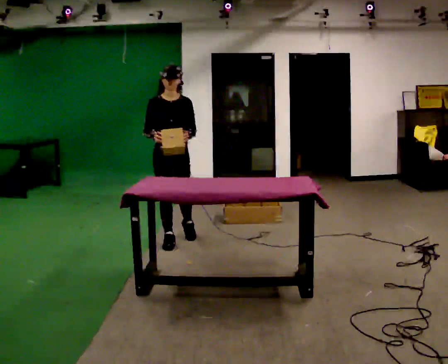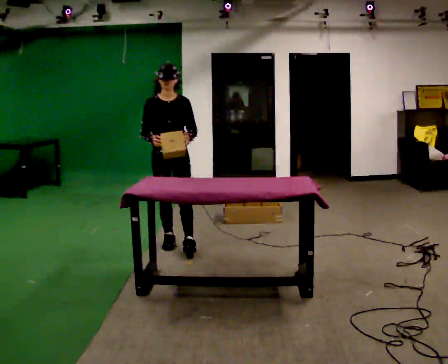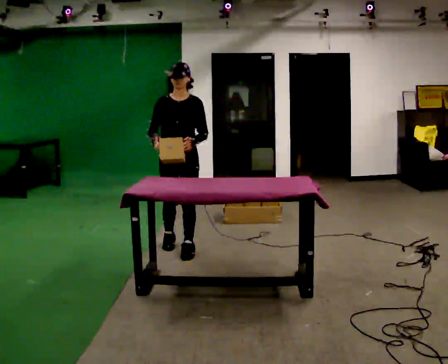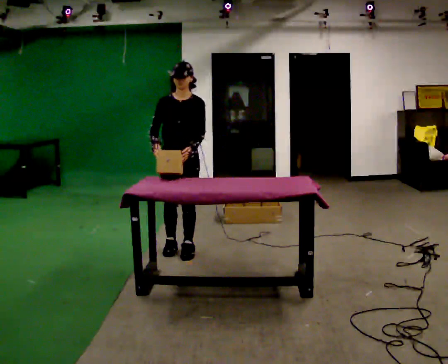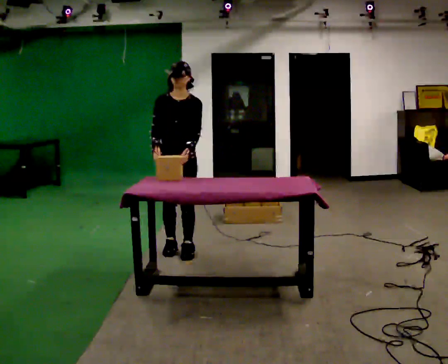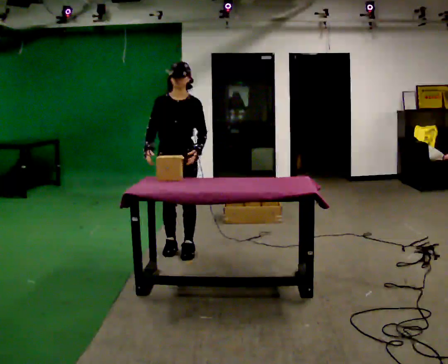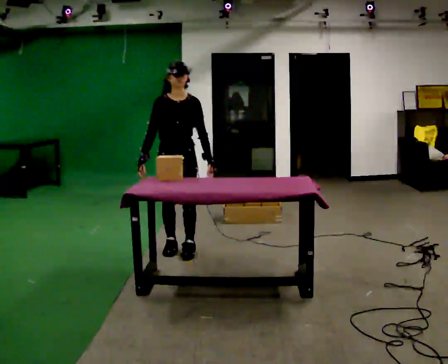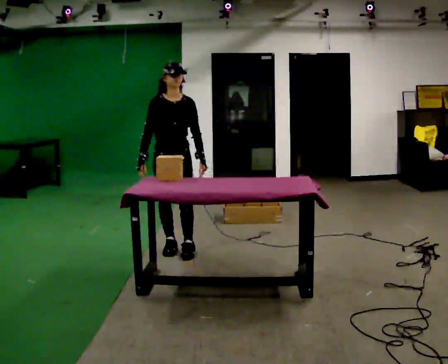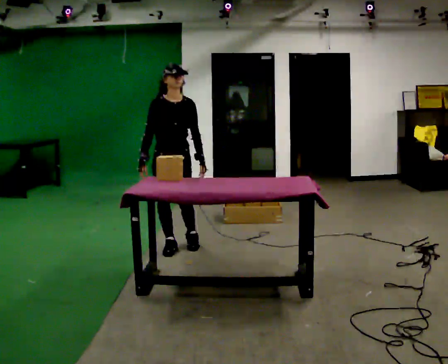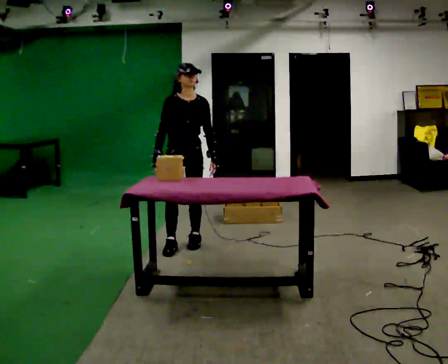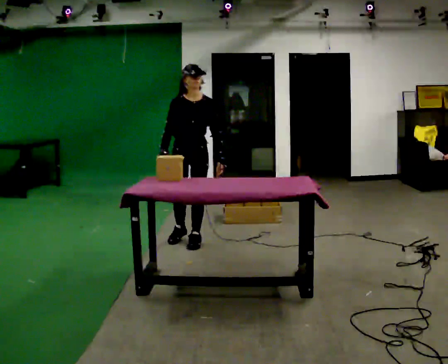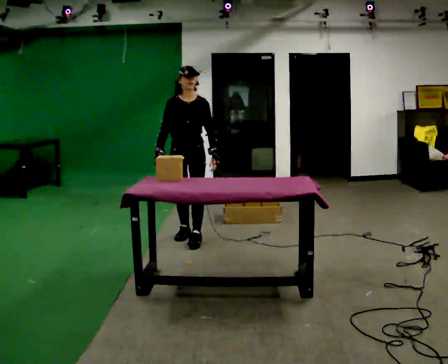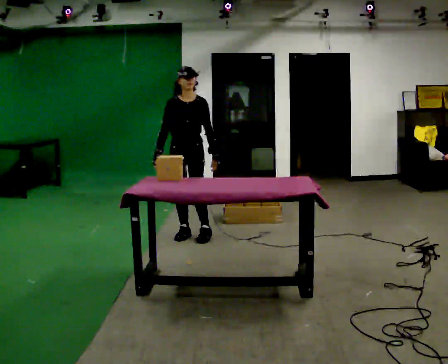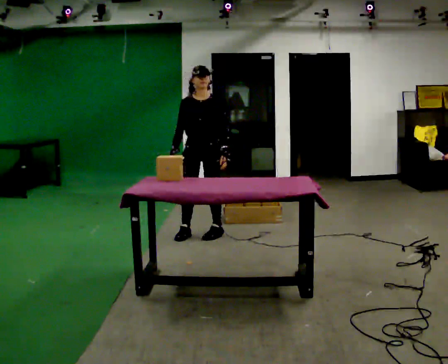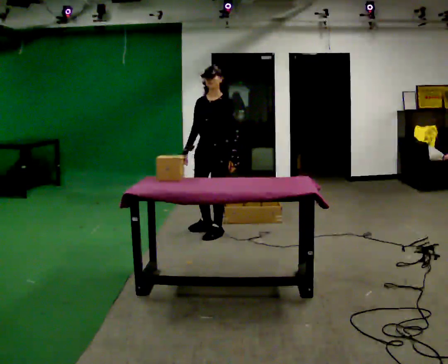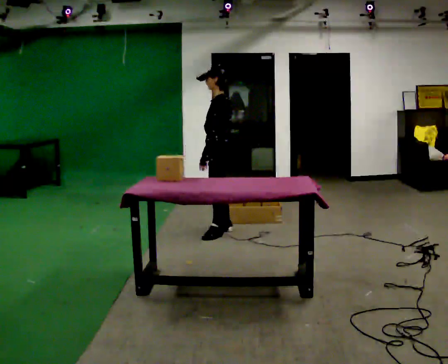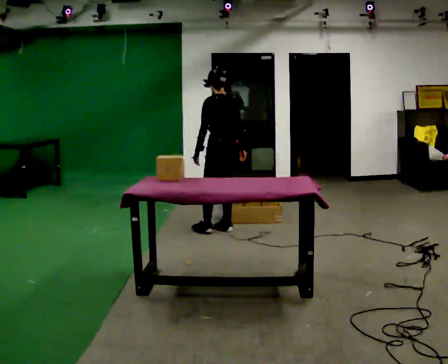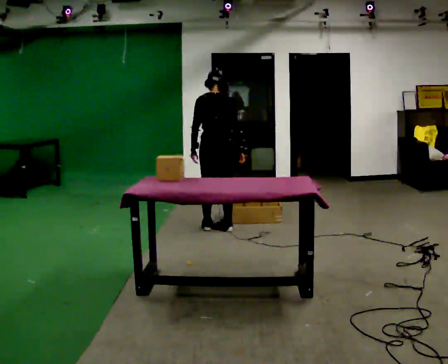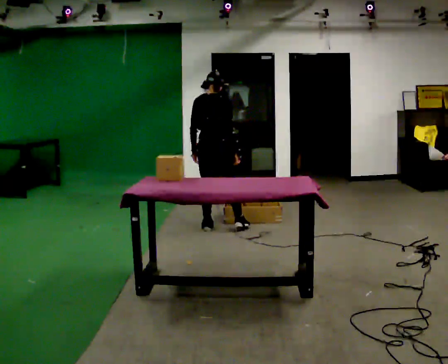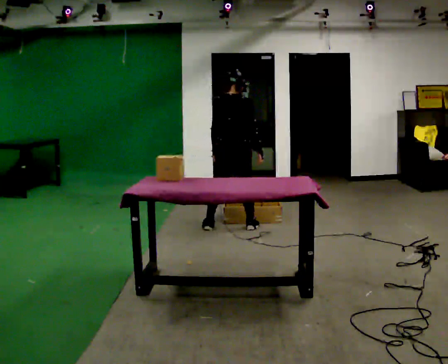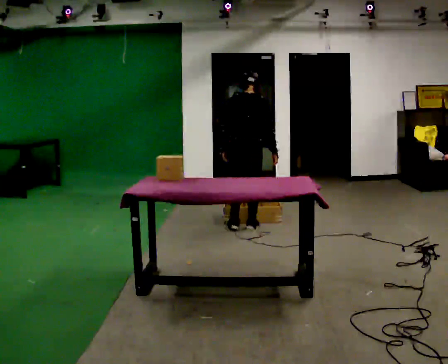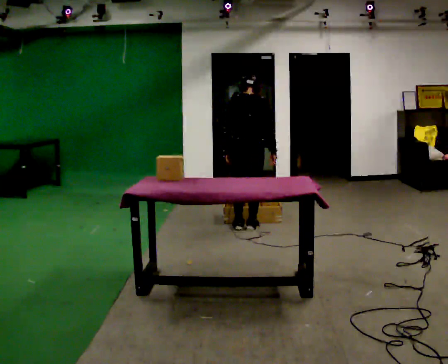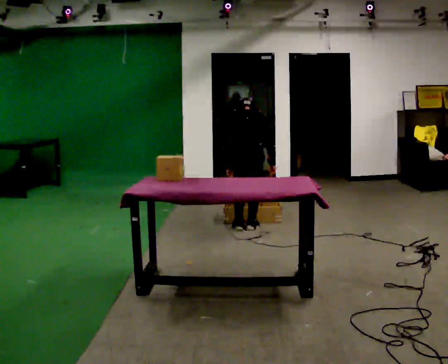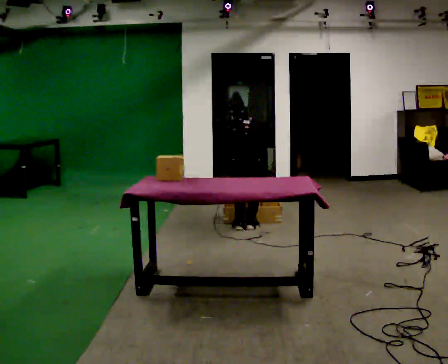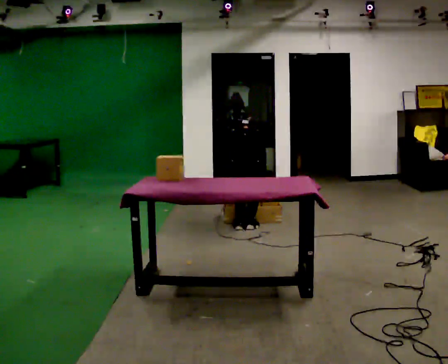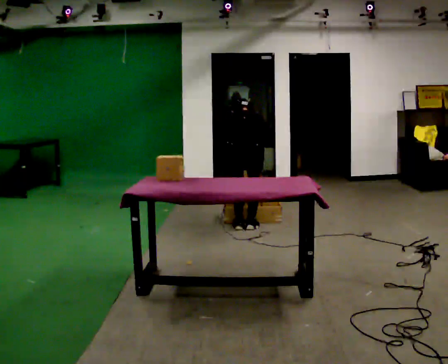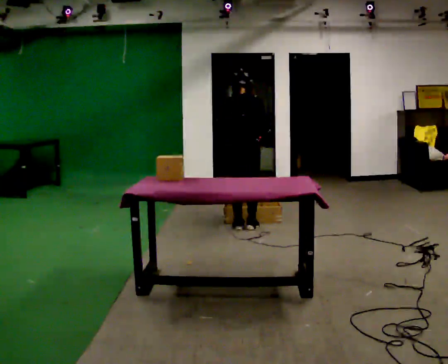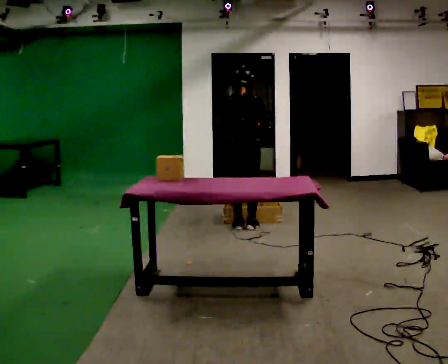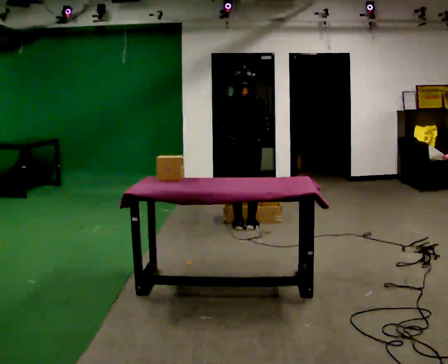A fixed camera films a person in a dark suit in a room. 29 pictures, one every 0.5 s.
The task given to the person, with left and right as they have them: Reach down into the deep bin on the floor, take out one object at a time, carry it to the shelf, and come back for the next one. Keep going until the operator says stop; one object at a time, and do not rush between trips.
0.0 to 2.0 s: In the picture they go toward the camera, about 0.25 m in 2 steps, which for them is forward and to their left.
2.0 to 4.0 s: The person moves a little, or ends about where they began.
4.0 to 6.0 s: In the picture they go away from the camera, about 0.5 m in 2 steps, which for them is backward.
6.0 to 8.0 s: Seen from above the body turns clockwise, about 135 degrees: to their right, with its near side sliding to the left. In the picture they go to the right and away from the camera, about 0.5 m in 2 steps.
8.0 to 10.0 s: The part of the body nearest the lens slides to the left as the person turns to their right by about 45 degrees. In the picture they go to the right, about 0.25 m in 2 steps. In the picture their right hand goes to the right.
10.0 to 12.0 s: The upper body goes downward. The upper body tips away from the camera, its near side rolling upward, as they bend forward. In the picture their left hand goes downward.
12.0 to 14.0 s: In the picture they go away from the camera, about 0.25 m, which for them is forward. The upper body goes upward. The upper body tips toward the camera, its near side rolling downward, as they lean back or straighten. In the picture their left hand goes upward.
The film runs forward here.
